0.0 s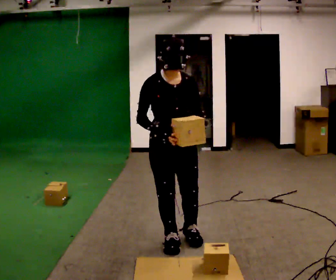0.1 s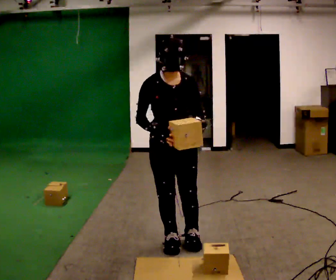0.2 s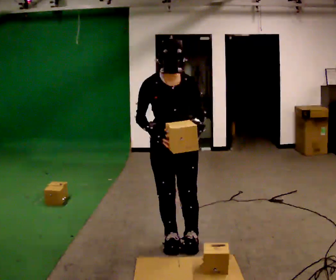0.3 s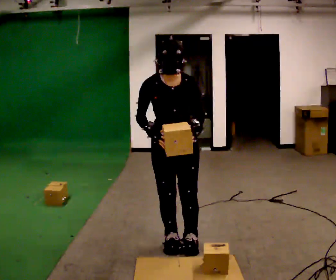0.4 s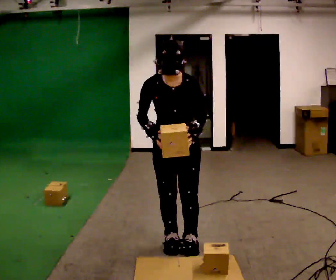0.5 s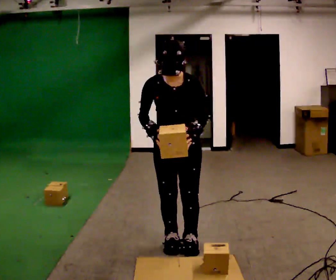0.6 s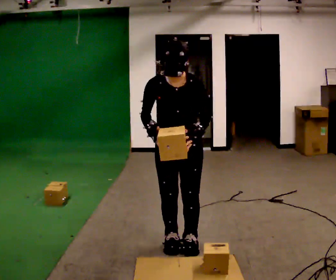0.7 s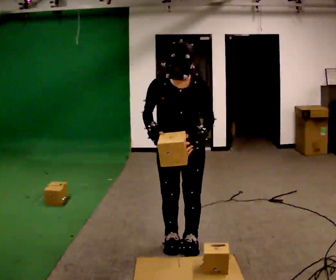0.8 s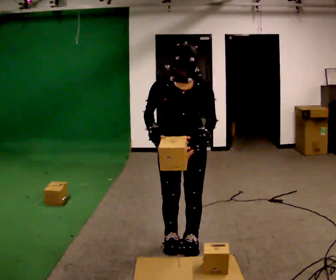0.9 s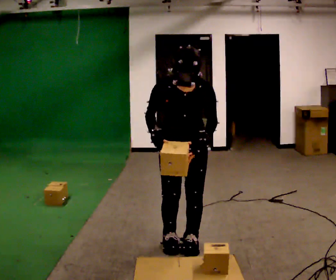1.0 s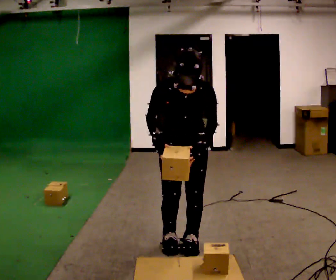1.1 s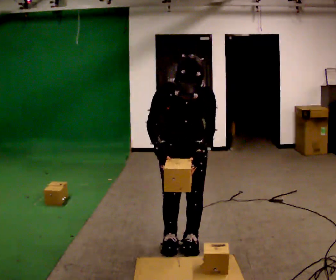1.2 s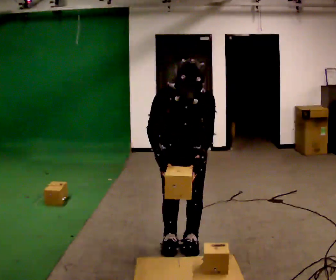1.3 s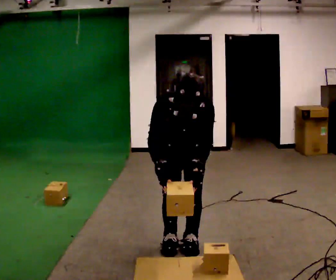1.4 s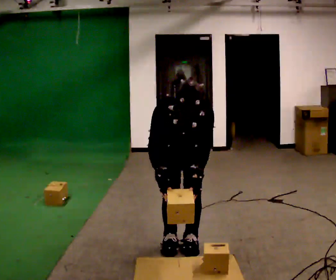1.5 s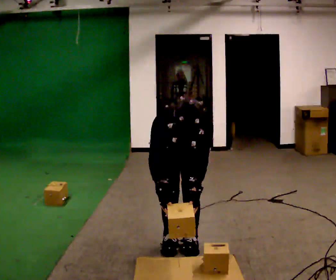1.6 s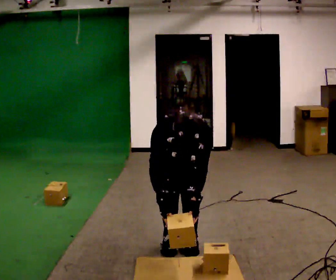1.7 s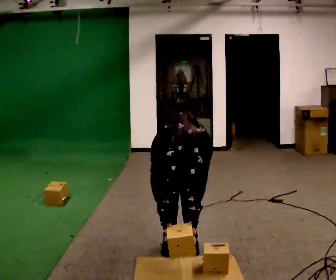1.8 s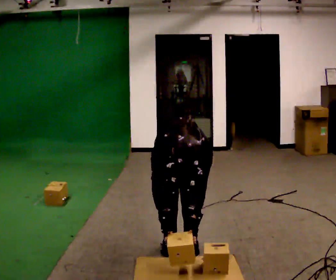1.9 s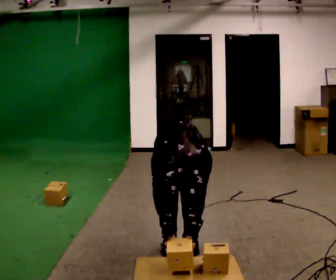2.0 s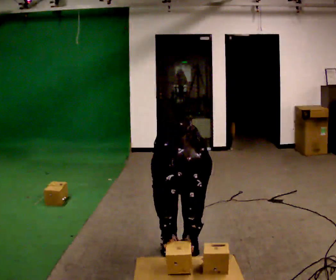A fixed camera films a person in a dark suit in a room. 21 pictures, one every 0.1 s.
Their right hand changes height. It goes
downward.
Their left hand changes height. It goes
downward.
0.0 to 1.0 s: The upper body tips toward the camera, its near side rolling downward, as they bend forward.
1.0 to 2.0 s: The shoulders move downward. The upper body tips toward the camera, its near side rolling downward, as they bend forward. In the picture their right hand goes downward.
The film runs forward here.
